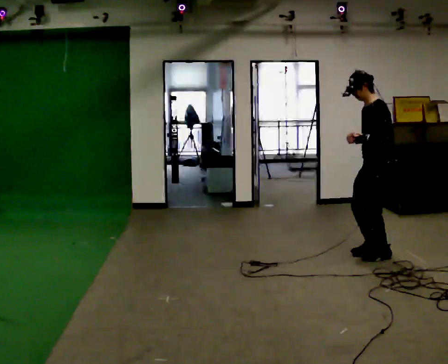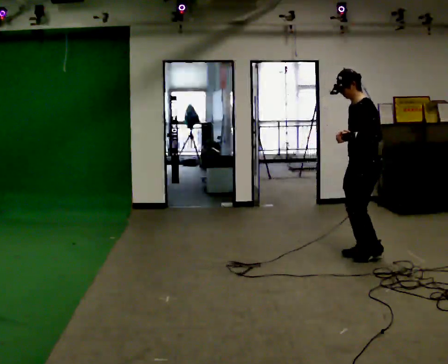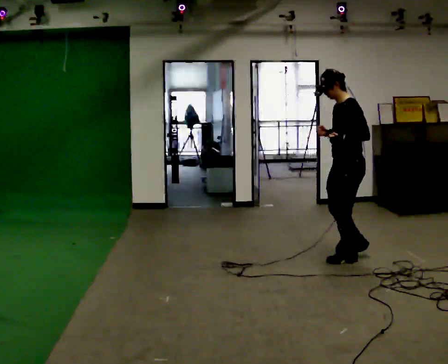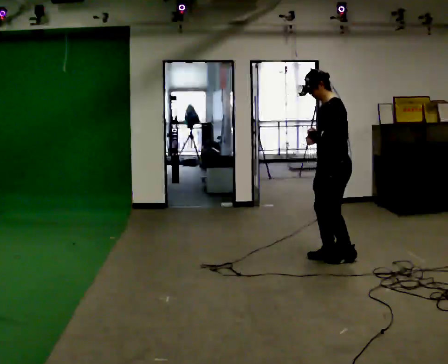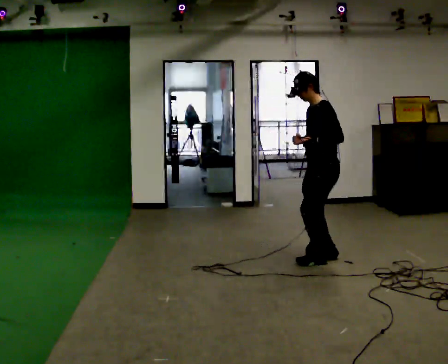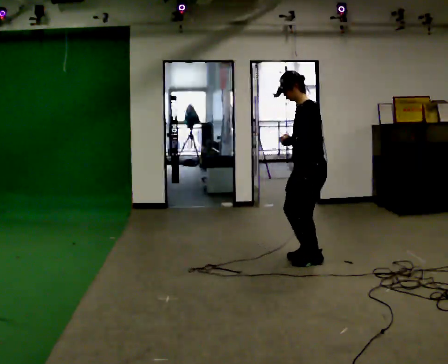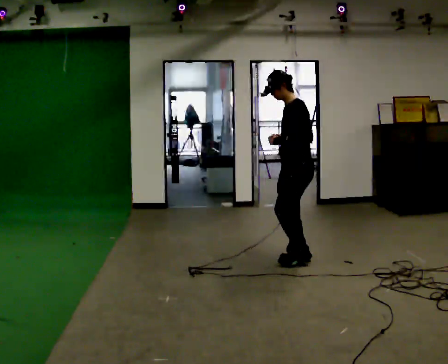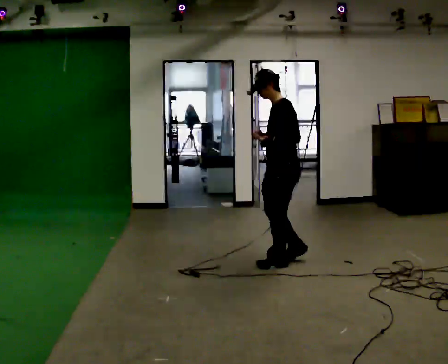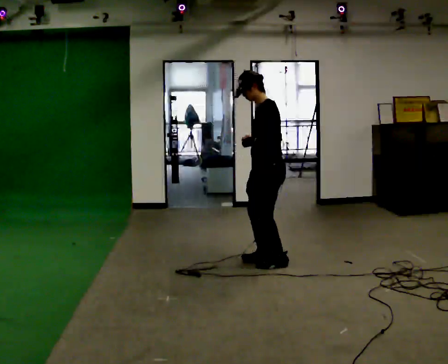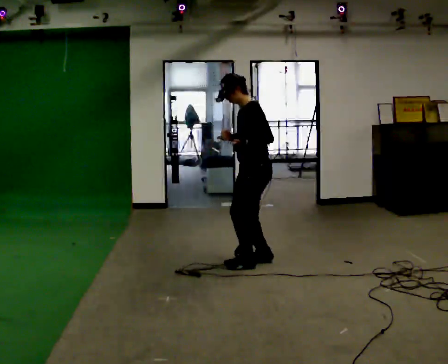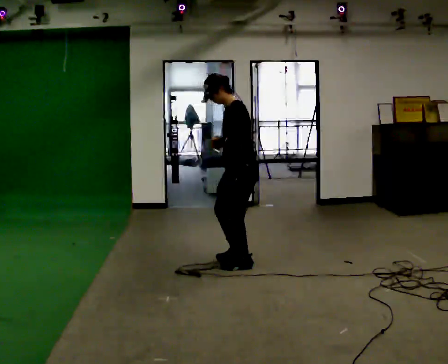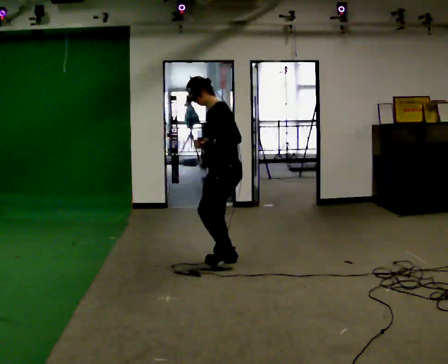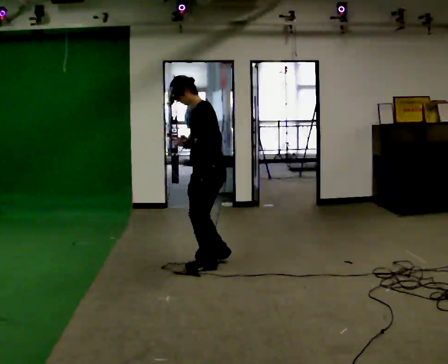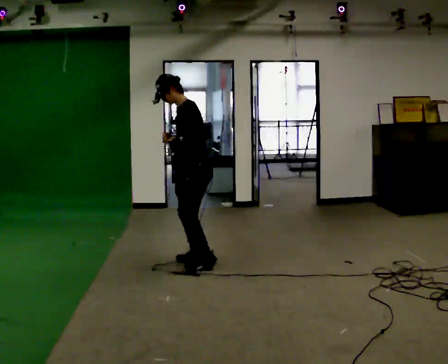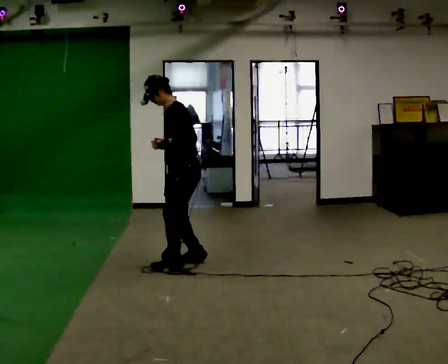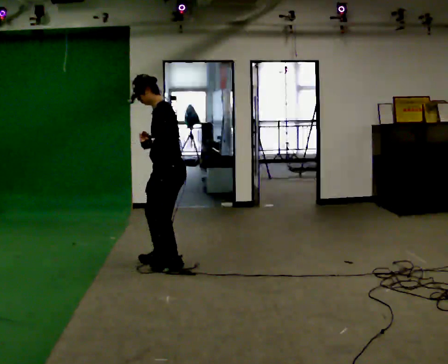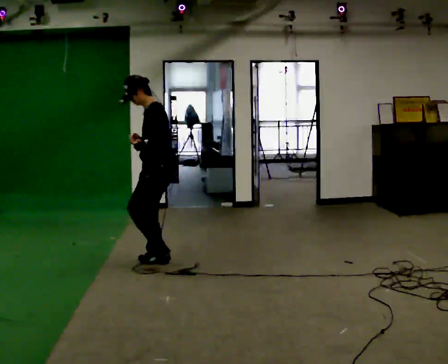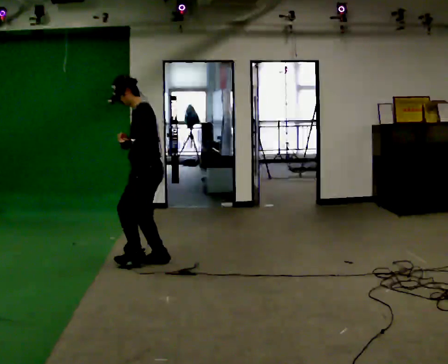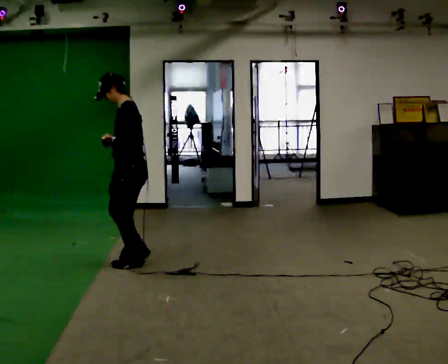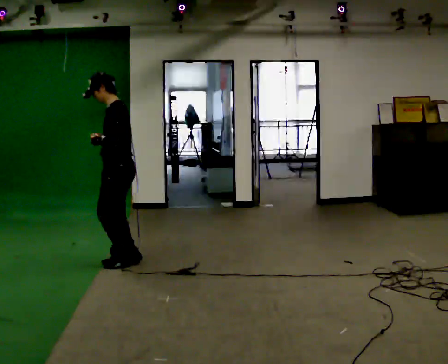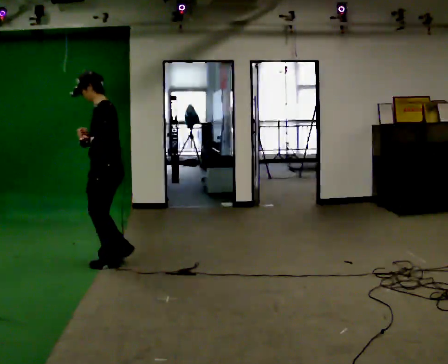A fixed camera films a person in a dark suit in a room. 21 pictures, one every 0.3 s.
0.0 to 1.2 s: In the picture they go to the left, about 0.5 m in 3 steps, which for them is forward.
1.2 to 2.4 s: In the picture they go to the left, about 0.5 m in 3 steps, which for them is forward.
2.4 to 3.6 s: In the picture they go to the left, about 0.5 m in 4 steps, which for them is forward.
3.6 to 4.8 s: In the picture they go to the left, about 0.5 m in 3 steps, which for them is forward and to their right.
4.8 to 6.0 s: In the picture they go to the left, about 0.5 m in 3 steps, which for them is forward.
The film runs backward here.
